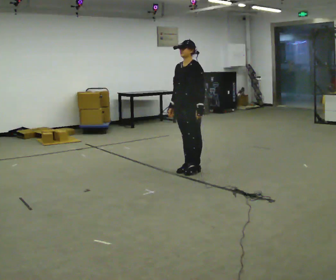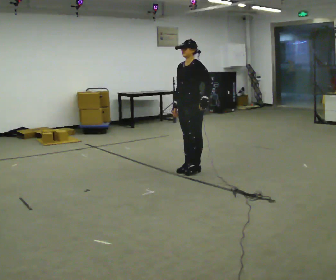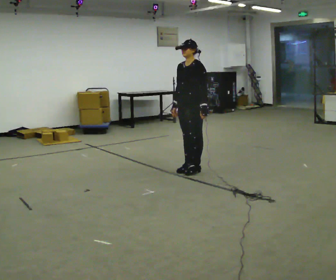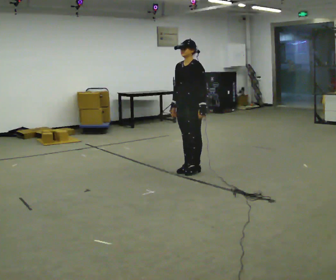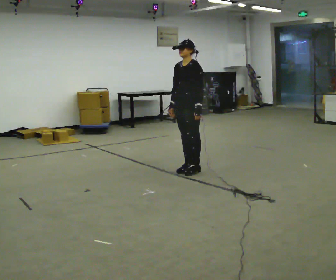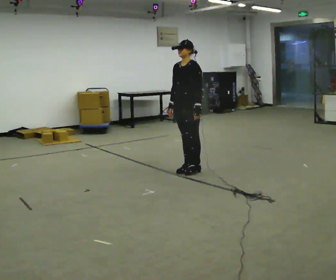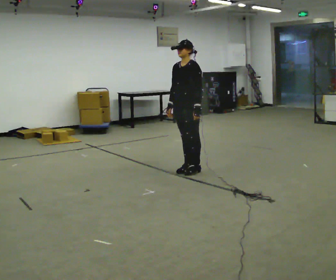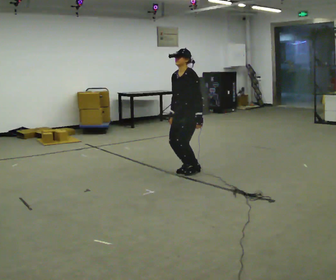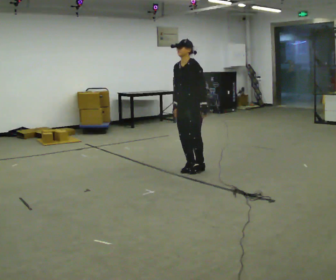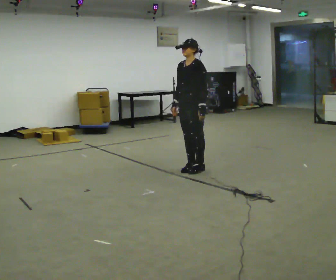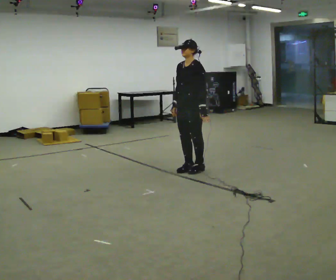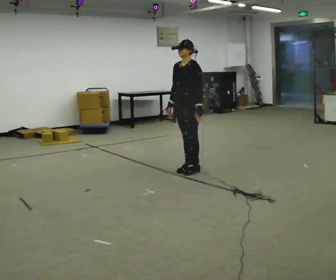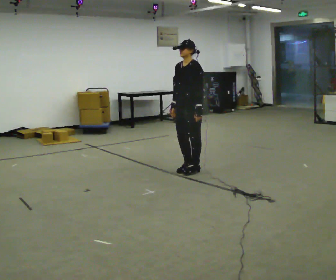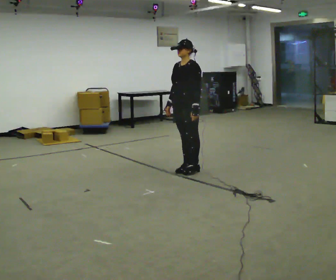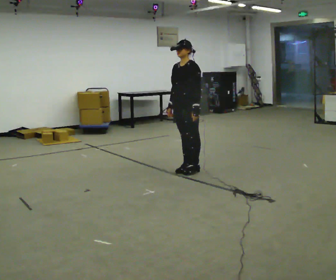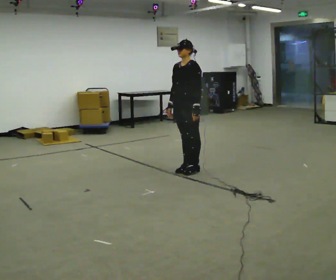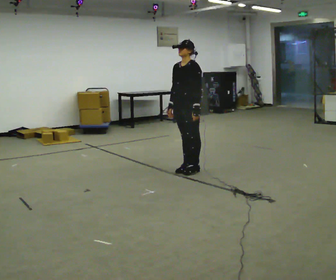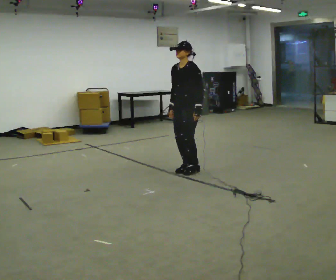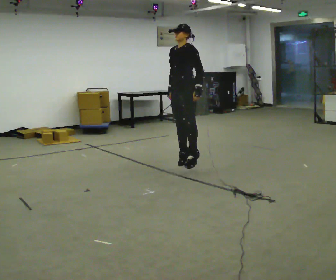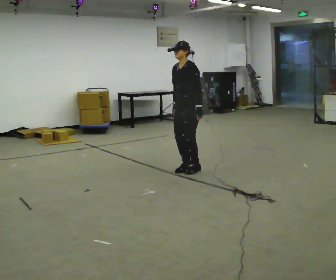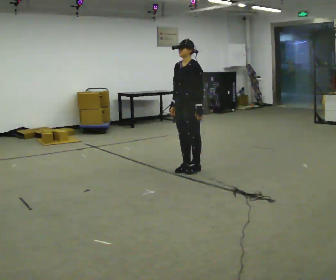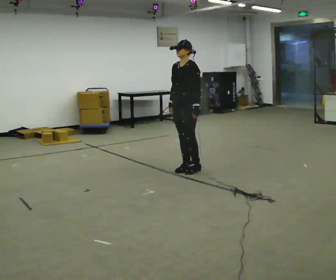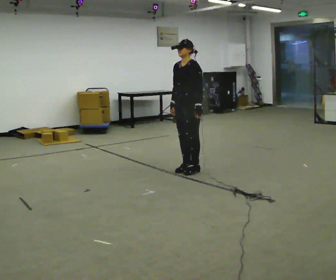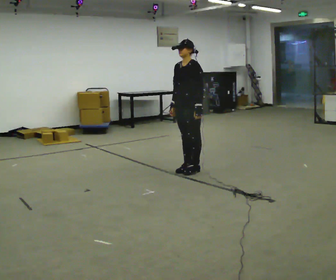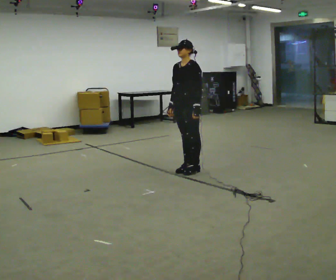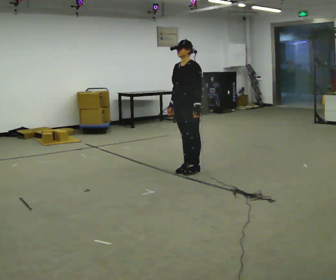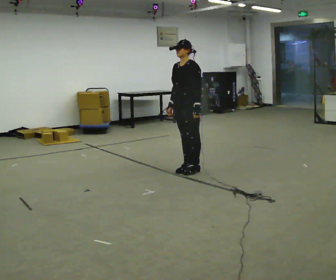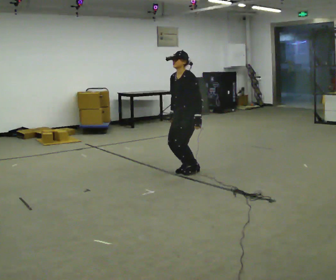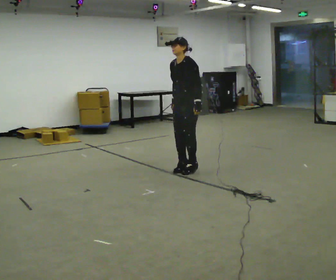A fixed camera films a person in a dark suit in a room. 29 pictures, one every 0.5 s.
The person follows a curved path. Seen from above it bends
clockwise.
0.0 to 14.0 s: The person moves a little, or ends about where they began.
The film runs forward here.
